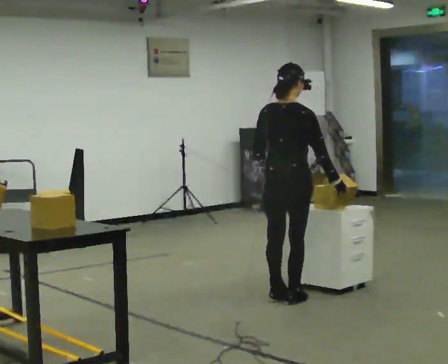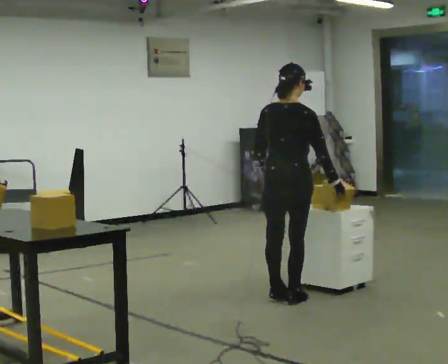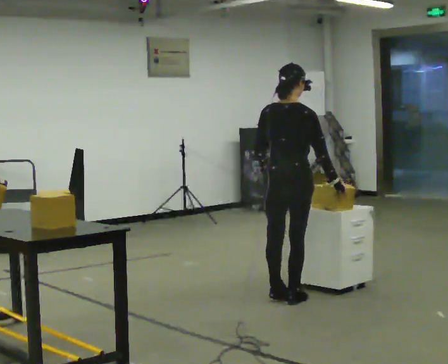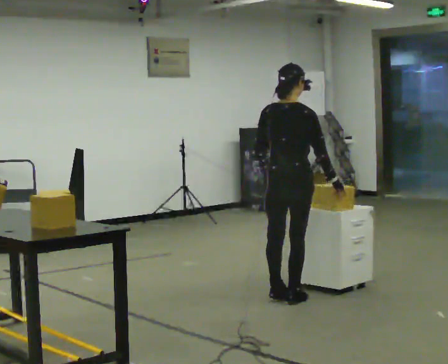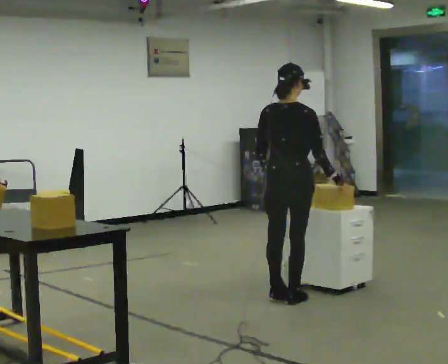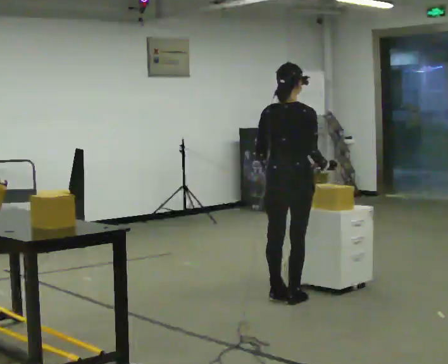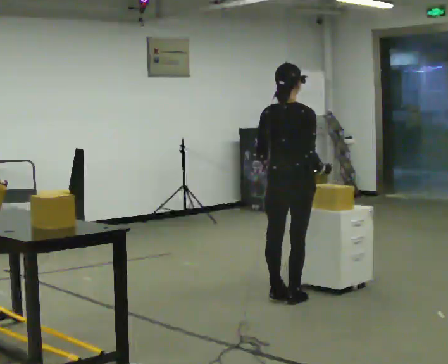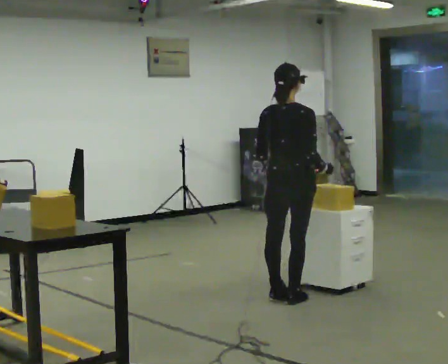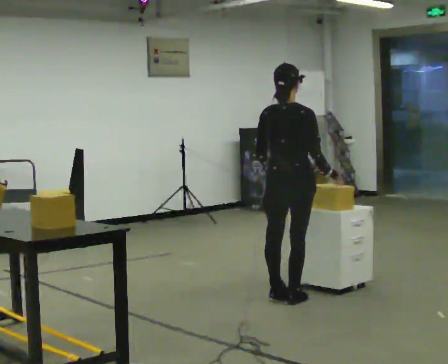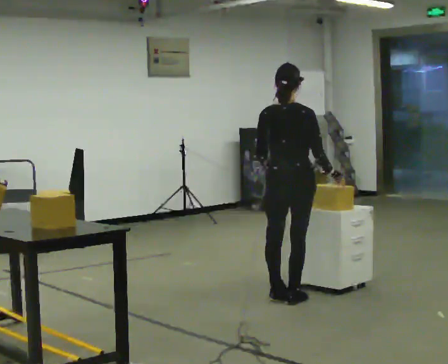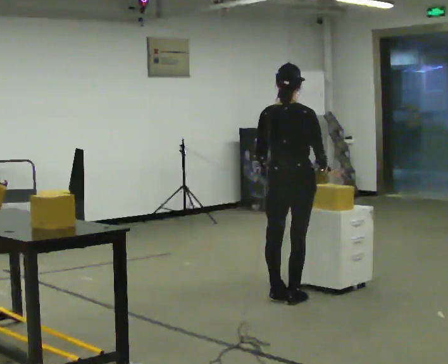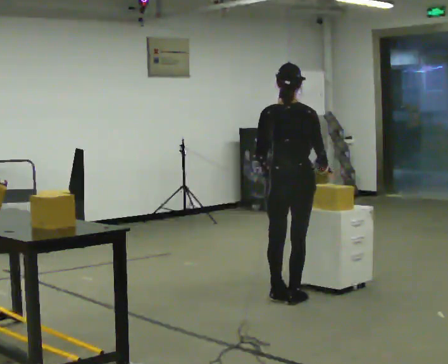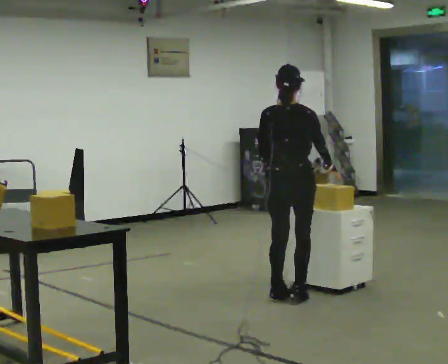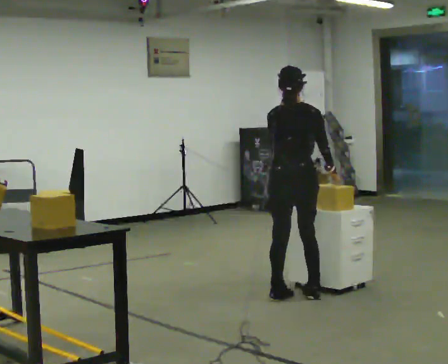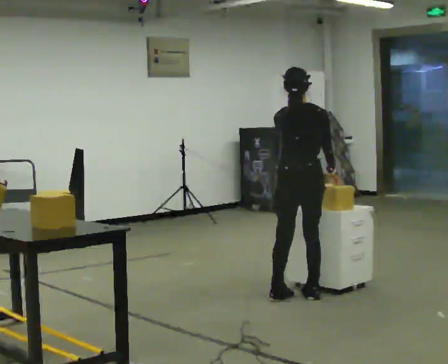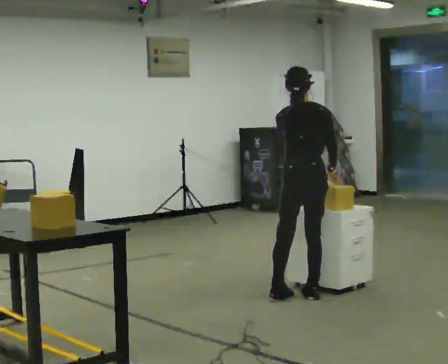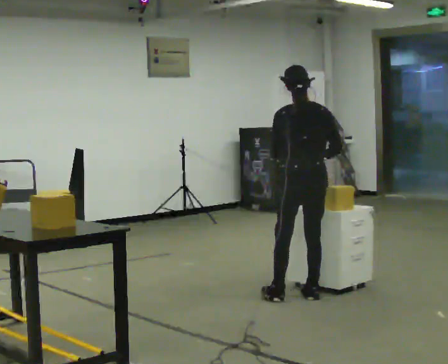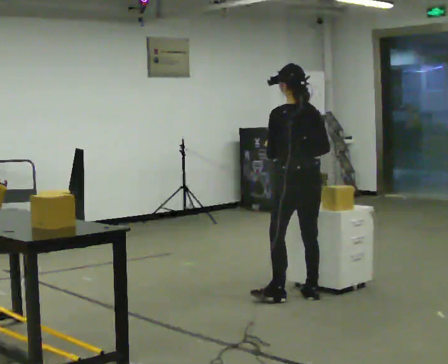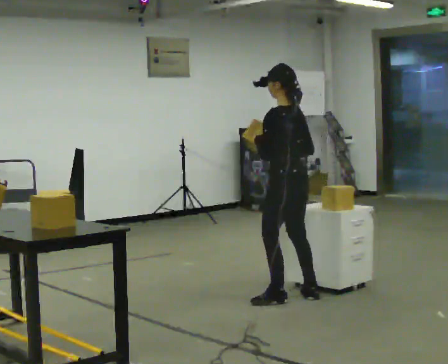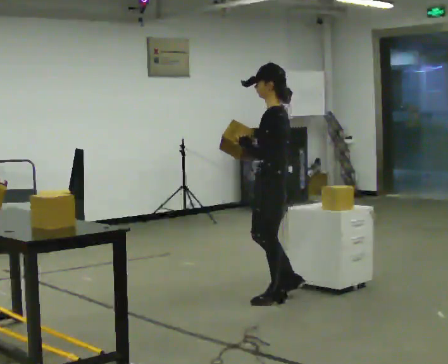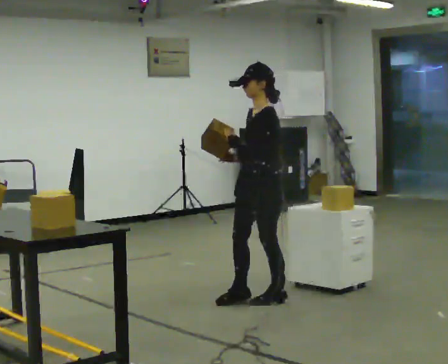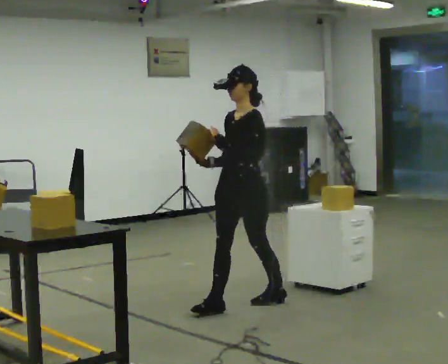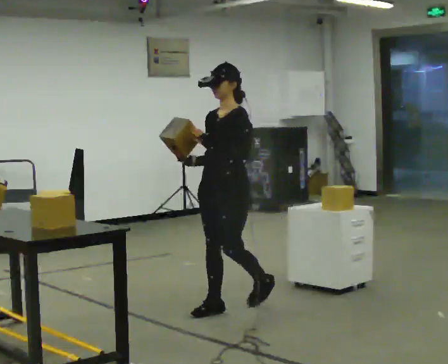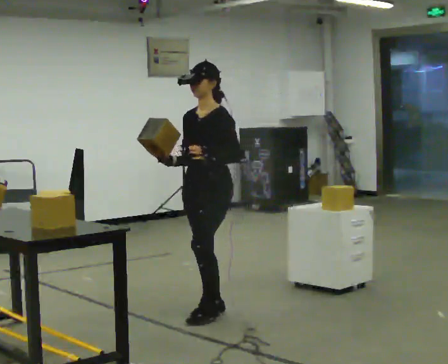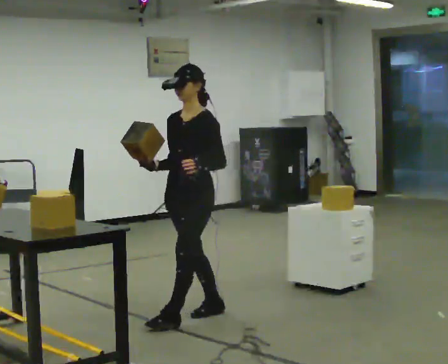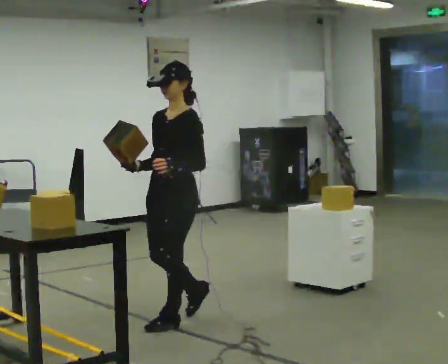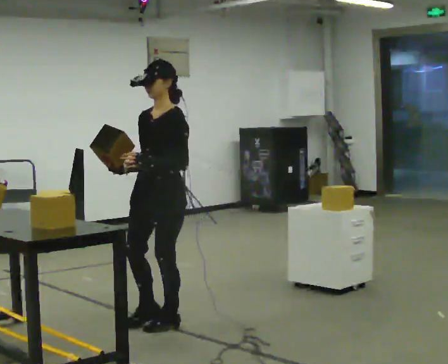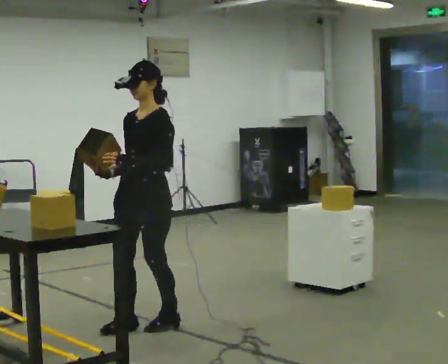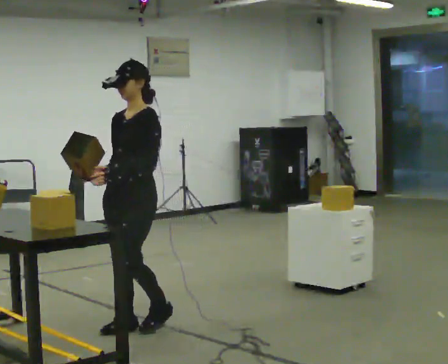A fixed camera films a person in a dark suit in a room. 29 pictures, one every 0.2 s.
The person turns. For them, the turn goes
to their left.
The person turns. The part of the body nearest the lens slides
to the right.
0.0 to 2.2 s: The person moves a little, or ends about where they began.
2.2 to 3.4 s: The part of the body nearest the lens slides to the right as the person turns to their left by about 45 degrees.
3.4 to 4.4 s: Seen from above the body turns counterclockwise, about 105 degrees: to their left, with its near side sliding to the right. In the picture they go to the left and toward the camera, about 0.5 m in 1 step.
4.4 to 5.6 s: In the picture they go to the left and toward the camera, about 0.5 m in 2 steps, which for them is forward.
The film runs forward here.
